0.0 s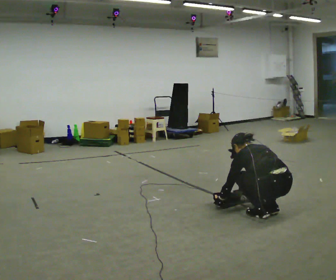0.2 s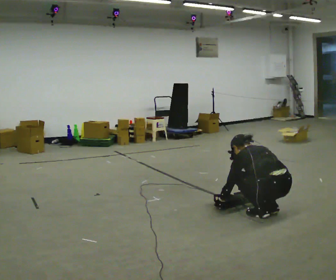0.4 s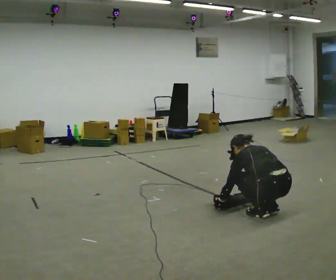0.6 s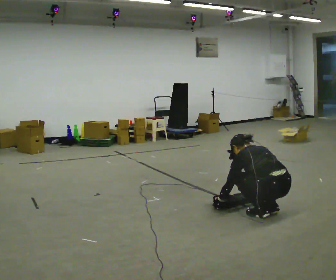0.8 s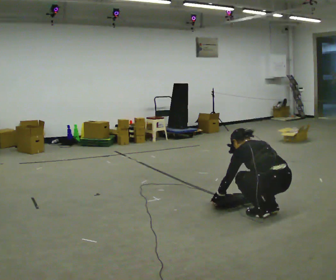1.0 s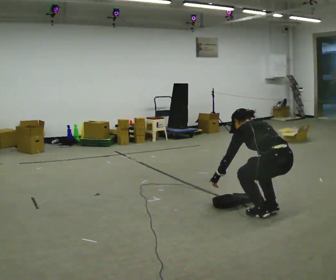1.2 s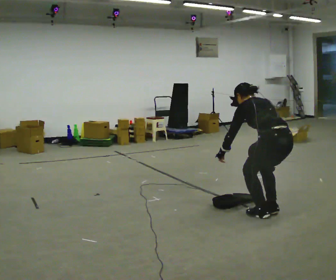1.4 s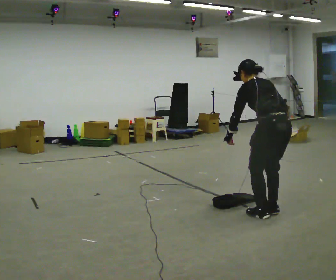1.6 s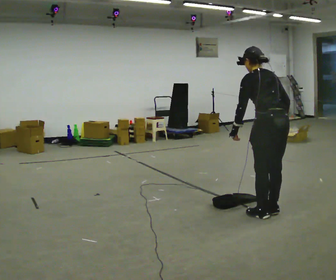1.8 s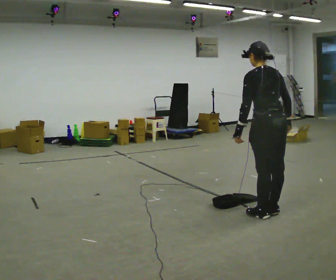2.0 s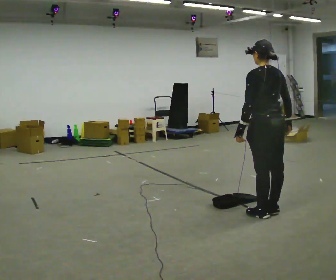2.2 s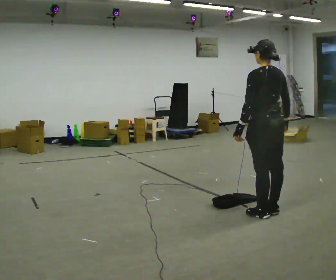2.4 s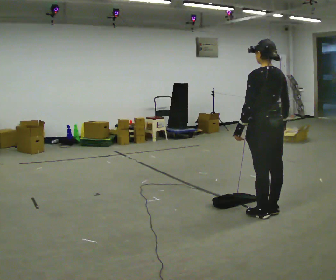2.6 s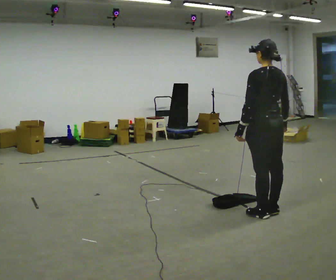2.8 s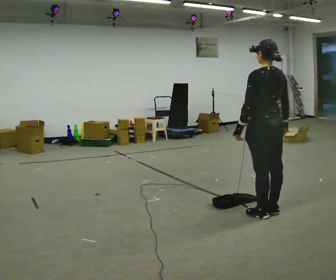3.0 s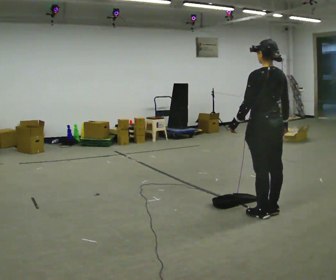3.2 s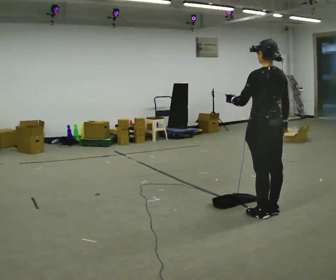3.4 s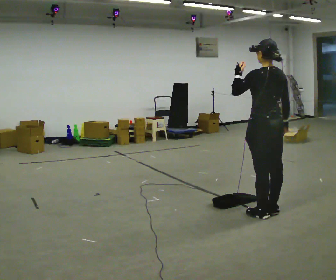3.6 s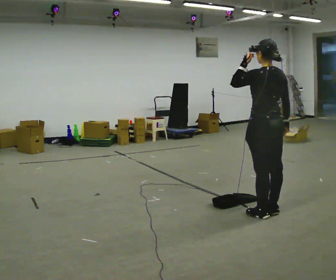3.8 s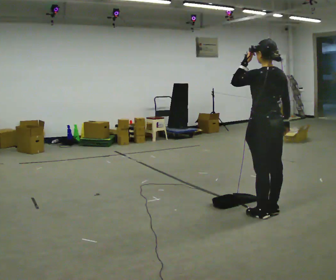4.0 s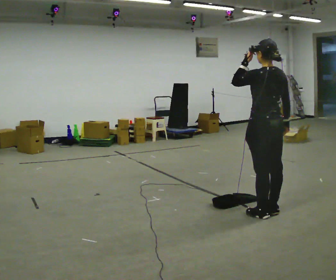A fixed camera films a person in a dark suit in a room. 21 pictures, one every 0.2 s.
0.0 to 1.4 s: The shoulders move upward. The upper body tips toward the camera, its near side rolling downward, as they lean back or straighten. In the picture their left hand goes upward.
1.4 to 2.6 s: The upper body tips toward the camera, its near side rolling downward, as they lean back or straighten.
2.6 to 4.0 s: In the picture their left hand goes upward.
The film runs forward here.
